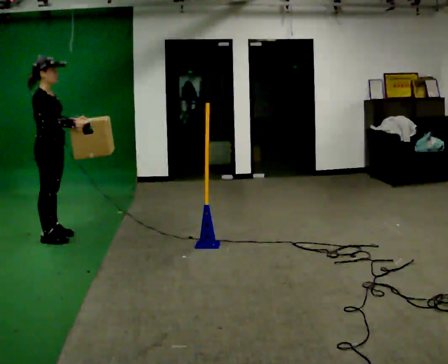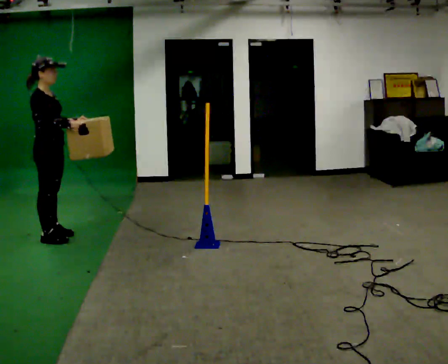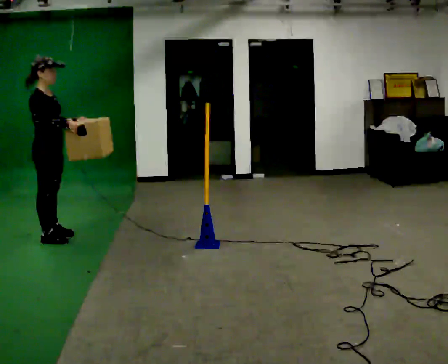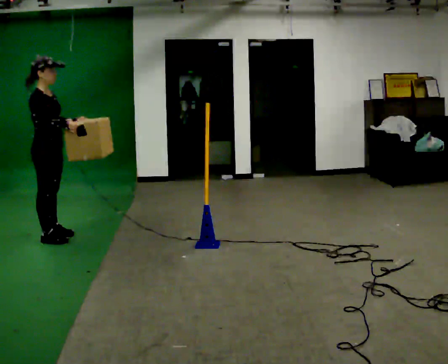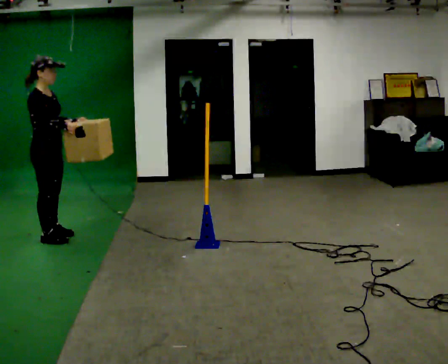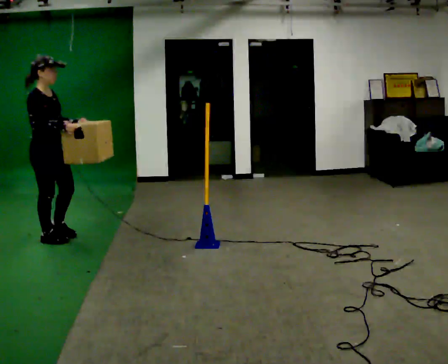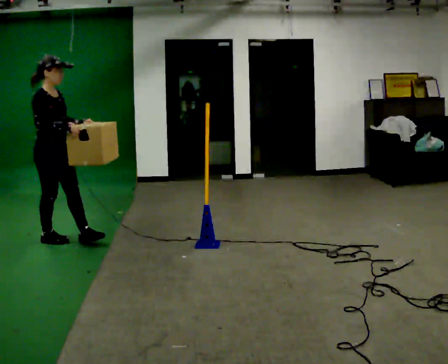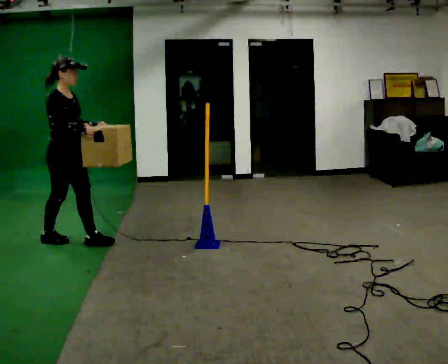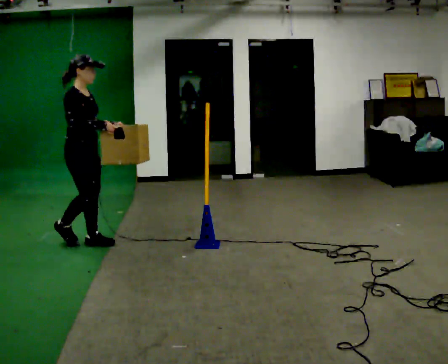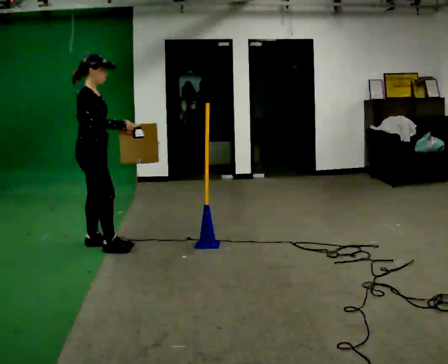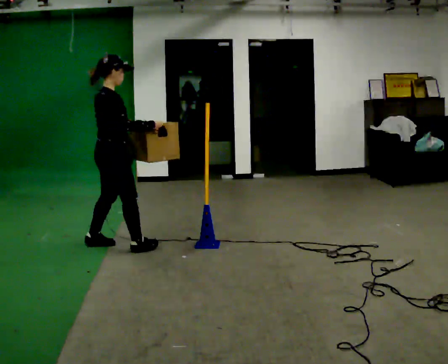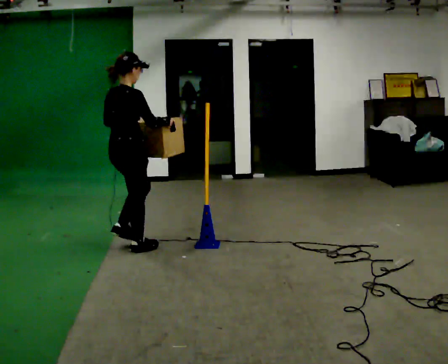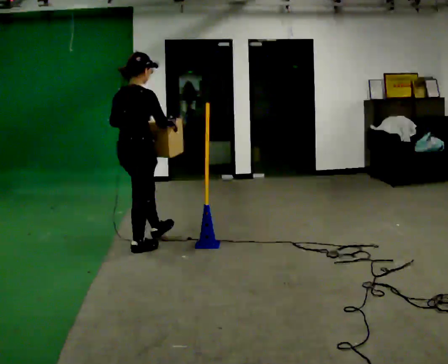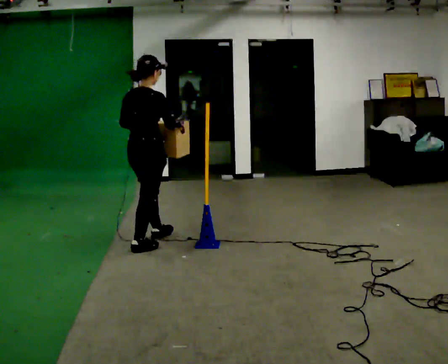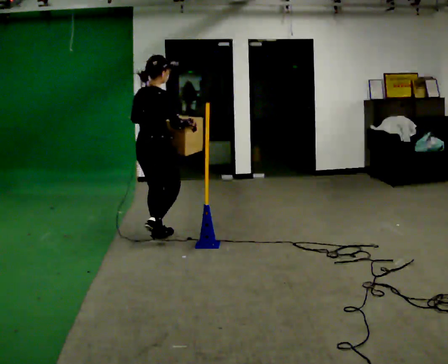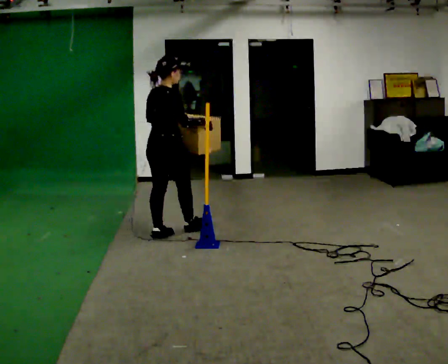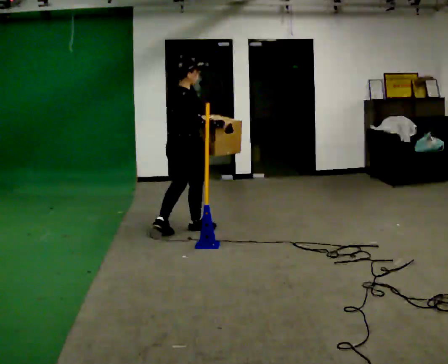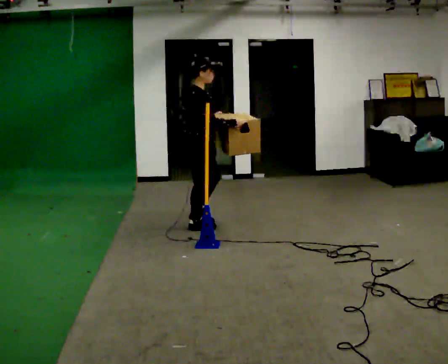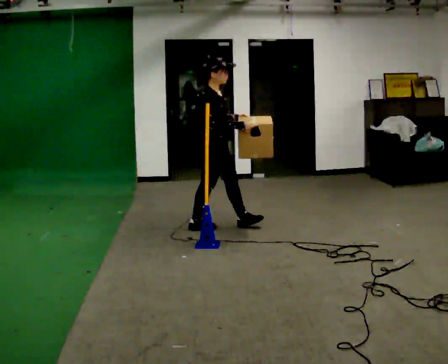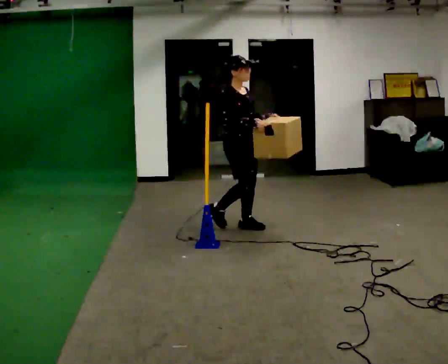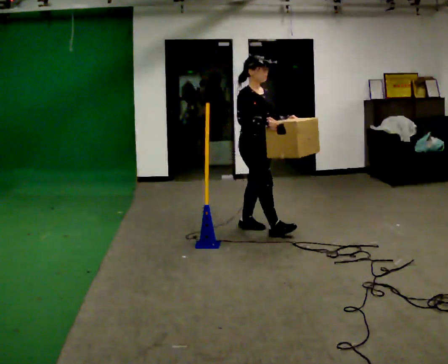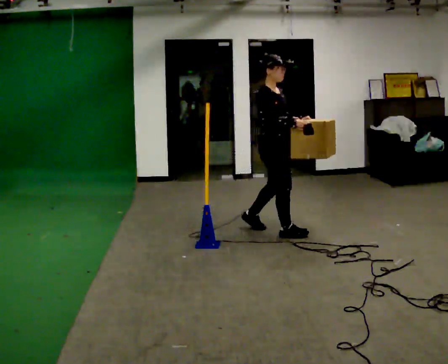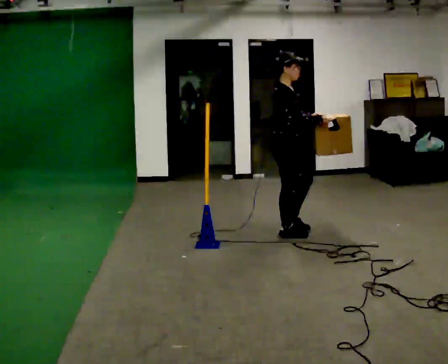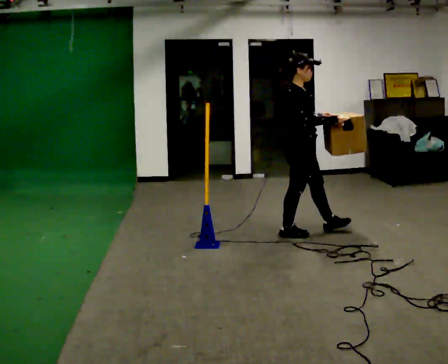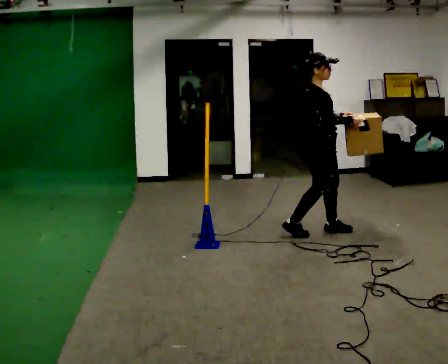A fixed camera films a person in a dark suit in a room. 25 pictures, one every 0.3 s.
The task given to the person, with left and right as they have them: Carry the box across the room. The operator will step into your path partway across, so go around them and carry on. Keep going until the operator says stop; one object at a time, and do not rush between trips.
0.0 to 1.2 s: The person moves a little, or ends about where they began.
1.2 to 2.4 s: In the picture they go to the right, about 0.25 m in 1 step, which for them is forward.
2.4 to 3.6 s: The part of the body nearest the lens slides to the right as the person turns to their left by about 60 degrees. In the picture they go to the right, about 0.5 m in 1 step.
3.6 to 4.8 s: In the picture they go to the right and away from the camera, about 0.5 m in 2 steps, which for them is forward.
4.8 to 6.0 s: Seen from above the body turns clockwise, about 75 degrees: to their right, with its near side sliding to the left. In the picture they go to the right, about 0.75 m in 1 step.
6.0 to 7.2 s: In the picture they go to the right and toward the camera, about 0.5 m in 2 steps, which for them is forward.
The film runs forward here.
